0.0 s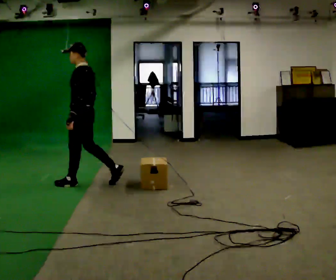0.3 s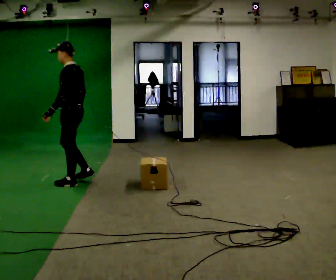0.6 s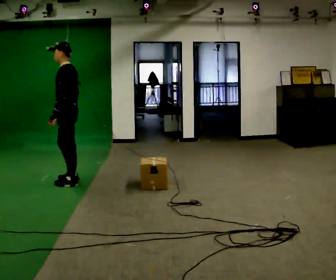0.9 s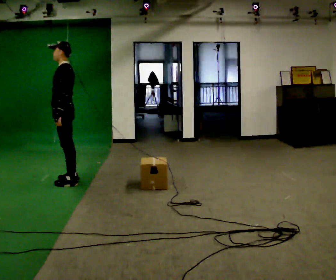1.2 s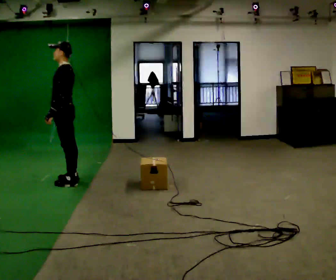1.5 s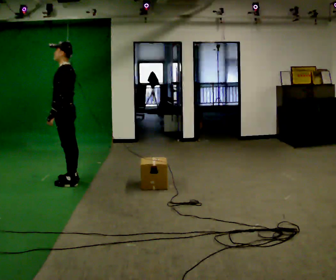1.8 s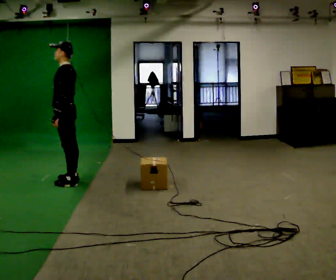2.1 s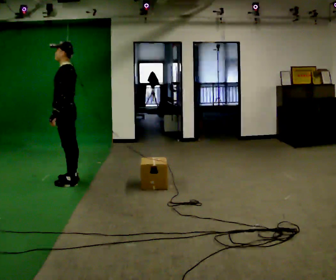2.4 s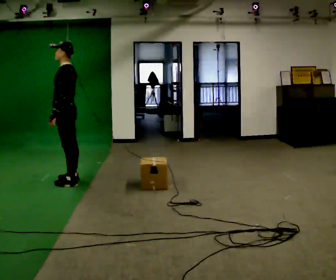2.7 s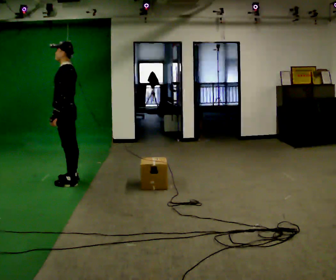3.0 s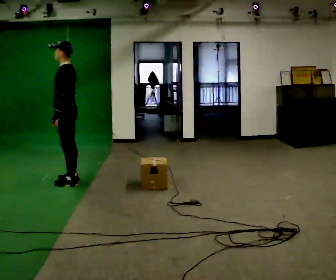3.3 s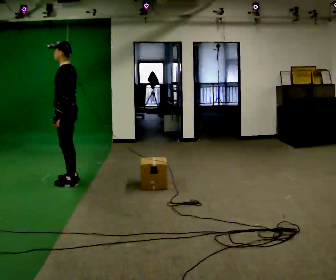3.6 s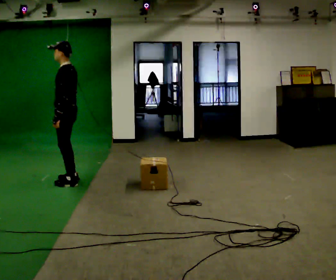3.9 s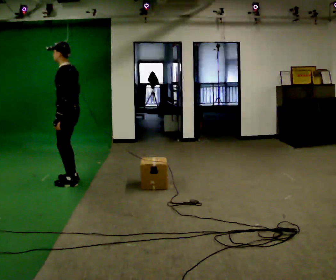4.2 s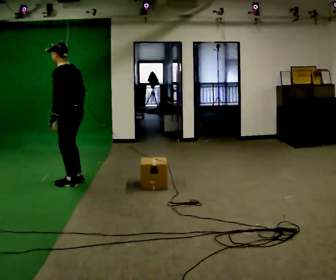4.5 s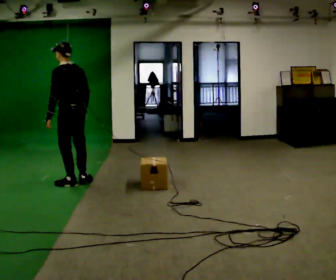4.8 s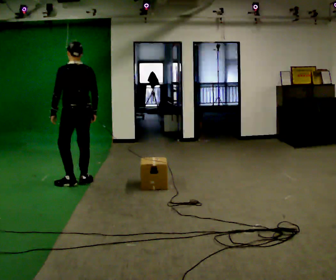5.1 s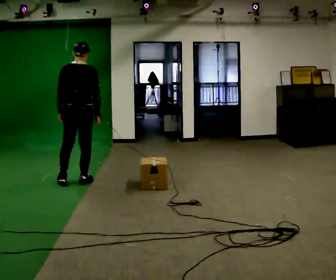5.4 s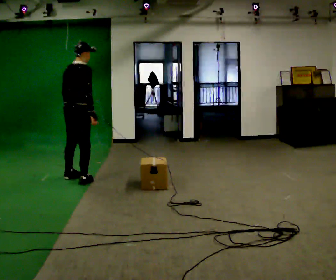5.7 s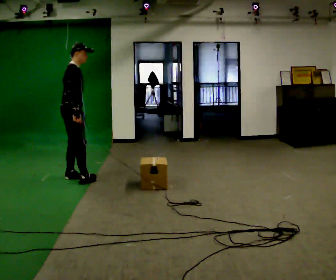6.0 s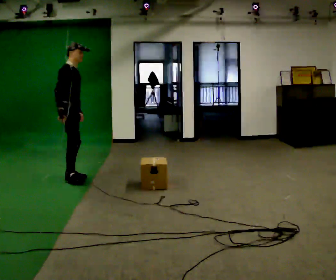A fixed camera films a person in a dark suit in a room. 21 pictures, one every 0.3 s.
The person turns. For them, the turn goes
to their right.
The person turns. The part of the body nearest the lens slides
to the left.
0.0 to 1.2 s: In the picture they go to the left, about 0.25 m in 1 step, which for them is forward.
1.2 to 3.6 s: The person moves a little, or ends about where they began.
3.6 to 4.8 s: The part of the body nearest the lens slides to the left as the person turns to their right by about 60 degrees. In the picture their right hand goes to the right.
4.8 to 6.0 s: The person turns about 120 degrees to their right, clockwise seen from above, so the part of the body nearest the lens slides to the left. In the picture they go away from the camera and to the left, about 0.25 m in 1 step.
The film runs forward here.
